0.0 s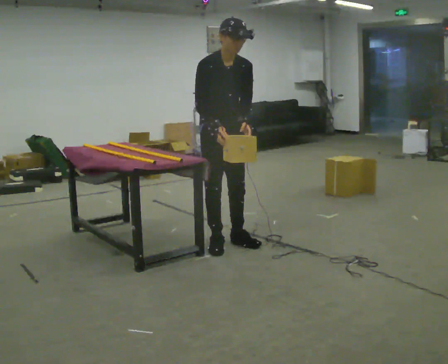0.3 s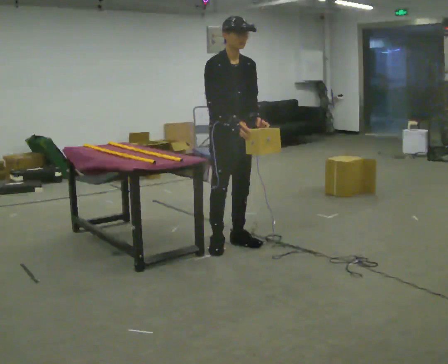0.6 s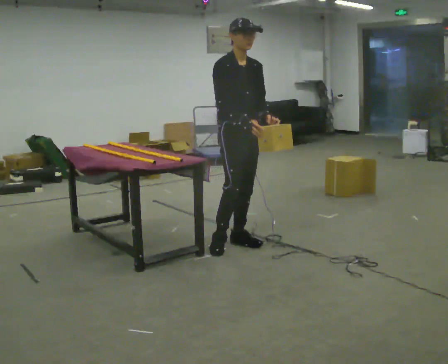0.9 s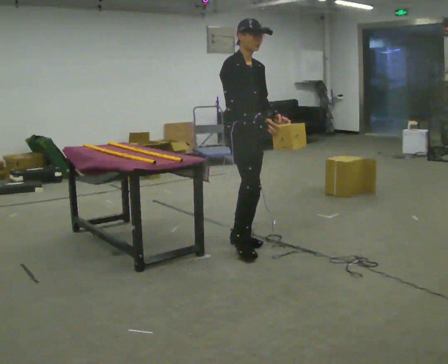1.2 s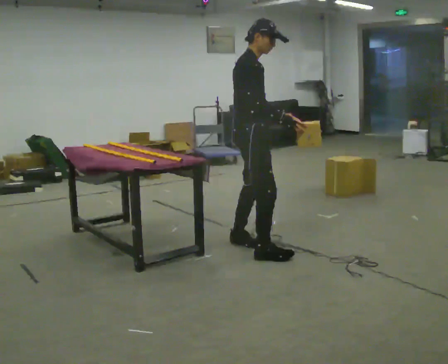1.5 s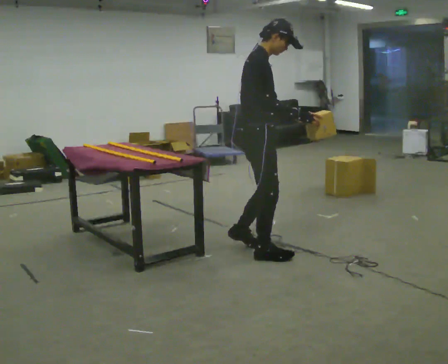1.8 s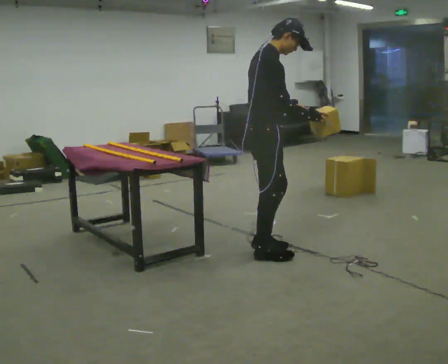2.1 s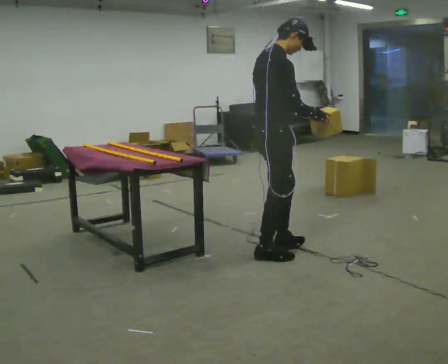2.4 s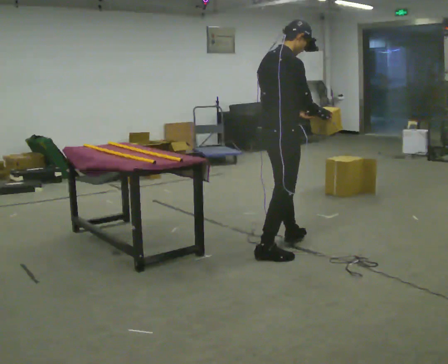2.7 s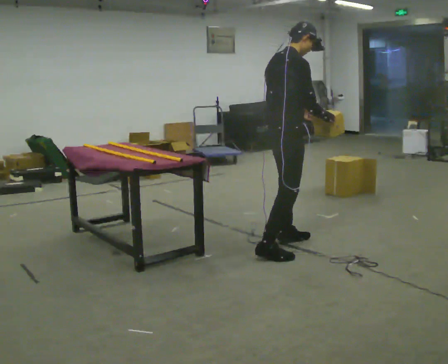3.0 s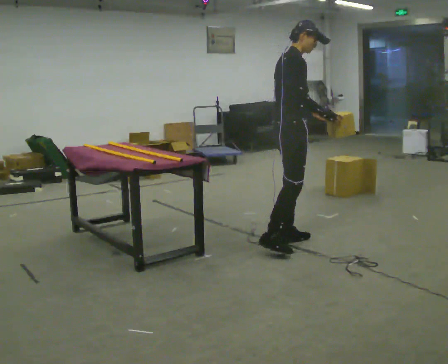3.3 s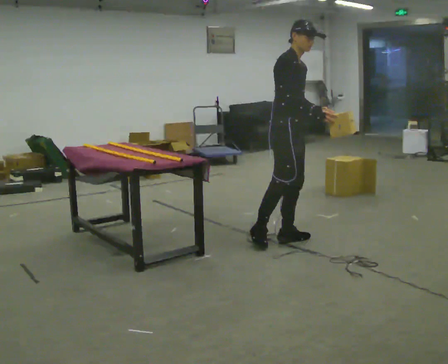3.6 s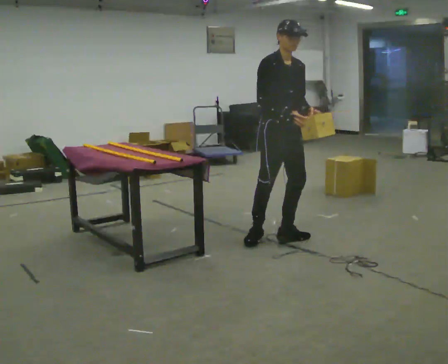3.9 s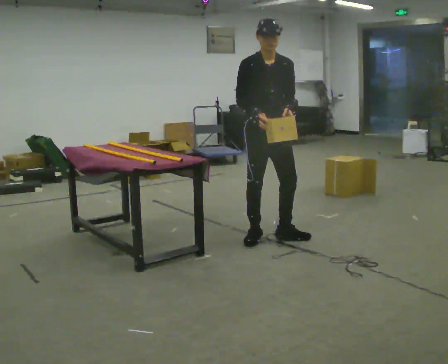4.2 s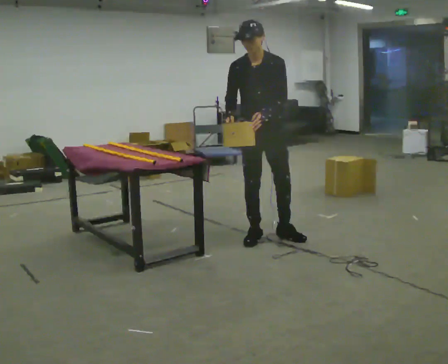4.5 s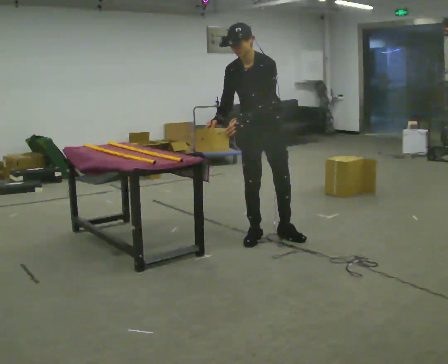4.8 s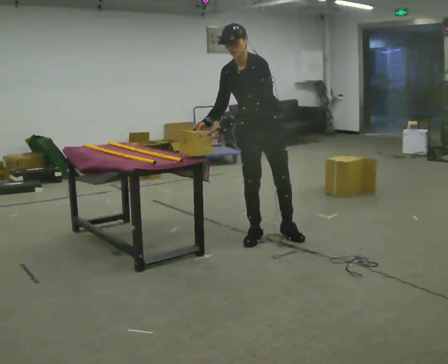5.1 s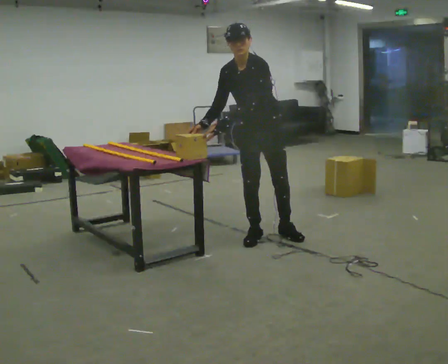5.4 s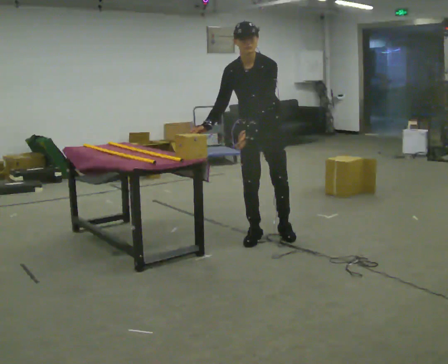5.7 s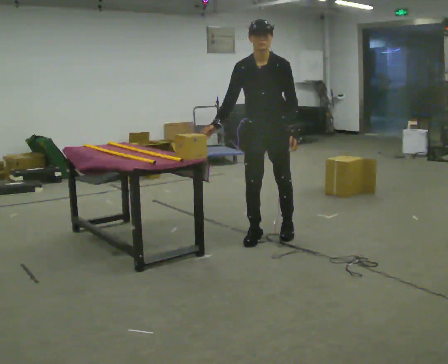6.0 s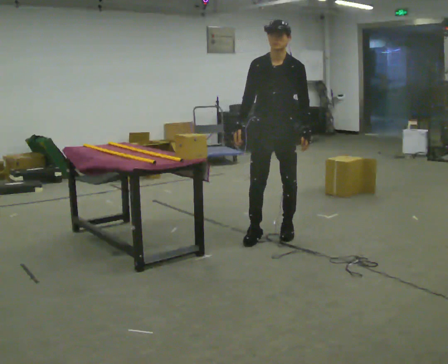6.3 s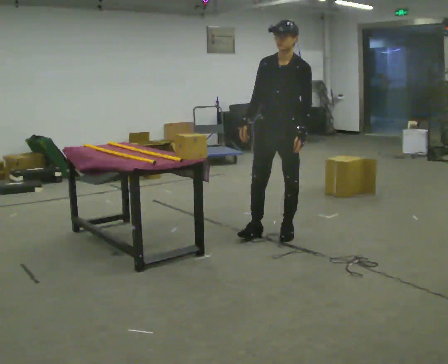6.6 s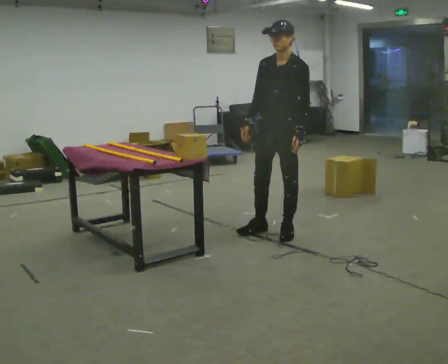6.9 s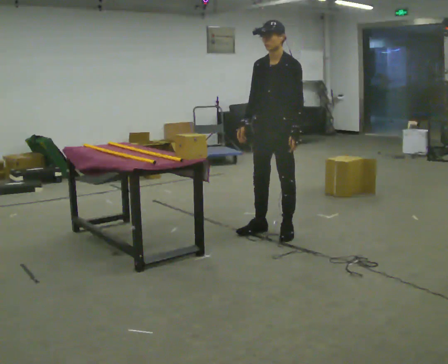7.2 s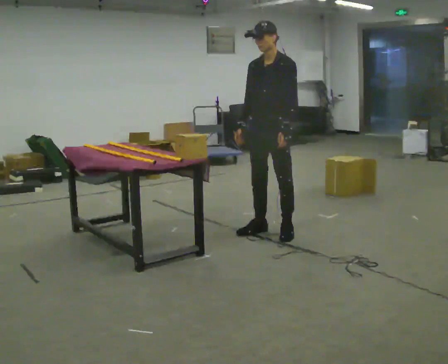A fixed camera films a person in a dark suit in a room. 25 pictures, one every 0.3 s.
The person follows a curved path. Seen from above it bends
counterclockwise.
0.0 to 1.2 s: The part of the body nearest the lens slides to the right as the person turns to their left by about 45 degrees. In the picture they go to the right, about 0.25 m in 1 step, which for them is forward. In the picture their right hand goes to the right.
1.2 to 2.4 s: Seen from above the body turns counterclockwise, about 45 degrees: to their left, with its near side sliding to the right. In the picture they go to the right, about 0.25 m, which for them is forward and to their right.
2.4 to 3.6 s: The part of the body nearest the lens slides to the left as the person turns to their right by about 90 degrees. In the picture they go away from the camera, about 0.5 m in 2 steps.
3.6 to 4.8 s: The person turns about 60 degrees to their right, clockwise seen from above, so the part of the body nearest the lens slides to the left. In the picture the upper body tilts counterclockwise, shoulders to the left, as they bend forward. In the picture their right hand goes to the left.
4.8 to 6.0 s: In the picture the upper body tilts clockwise, shoulders to the right, as they lean back or straighten. In the picture their left hand goes to the right.
6.0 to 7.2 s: The person moves a little, or ends about where they began.
The film runs forward here.
